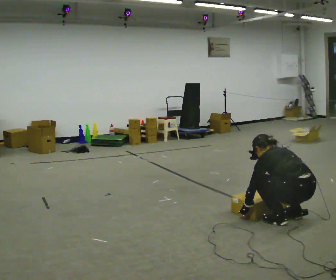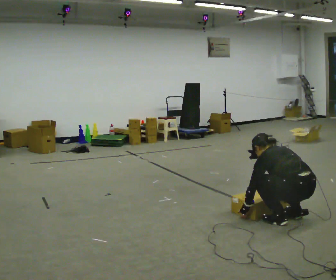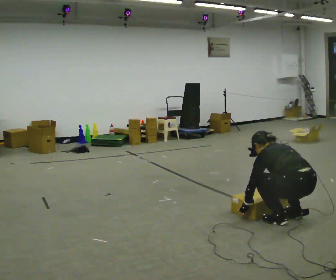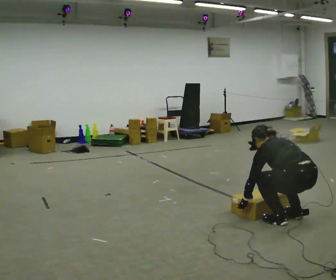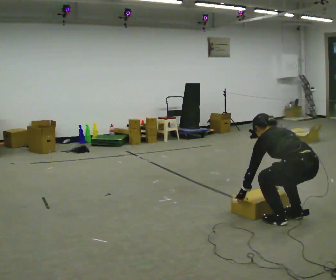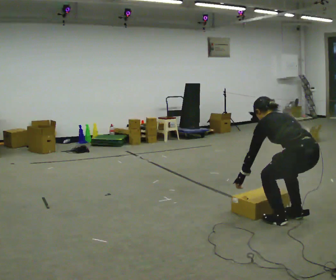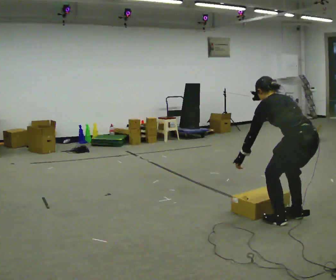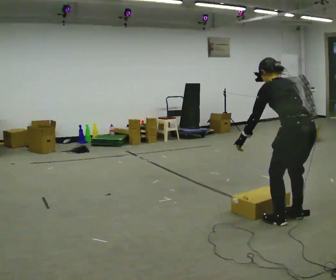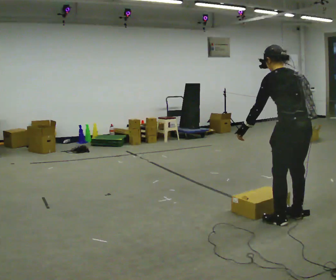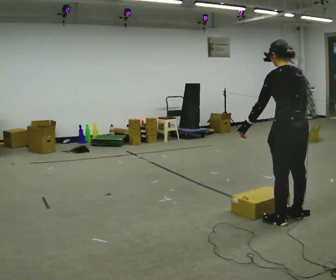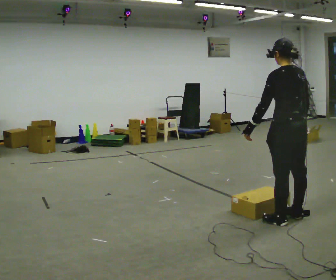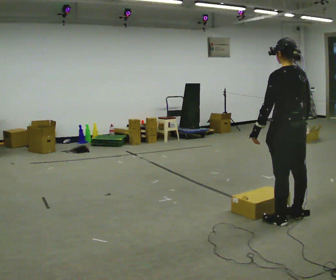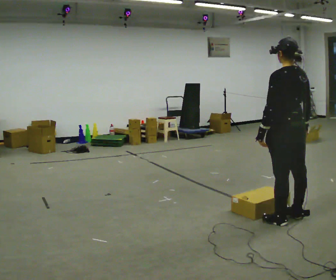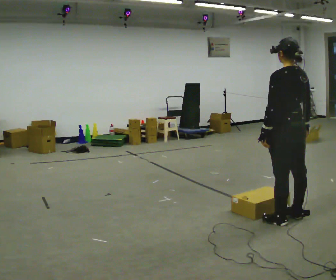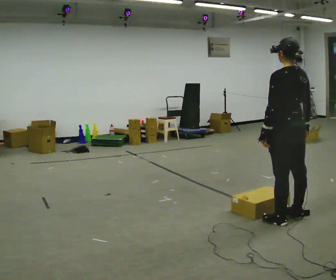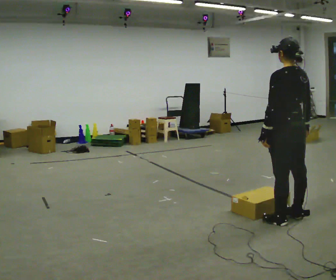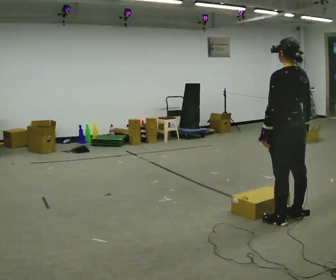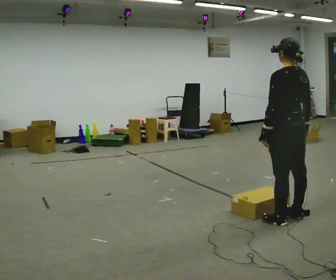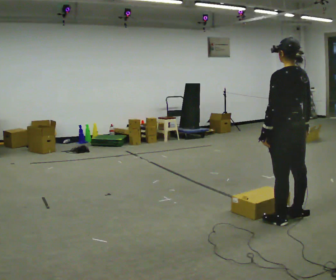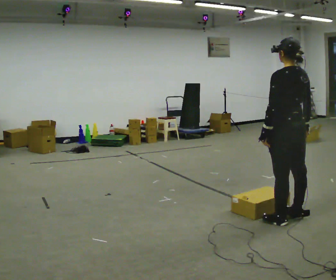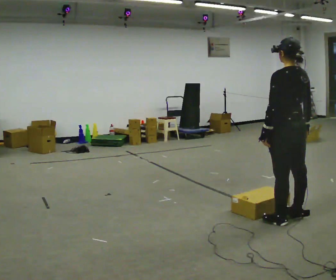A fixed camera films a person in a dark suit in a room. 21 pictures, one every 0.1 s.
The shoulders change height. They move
upward.
Their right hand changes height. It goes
upward.
0.0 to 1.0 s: The shoulders move upward. In the picture the upper body tilts clockwise, shoulders to the right, as they lean back or straighten. In the picture their left hand goes upward.
1.0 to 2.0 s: The person moves a little, or ends about where they began.
The film runs backward here.
